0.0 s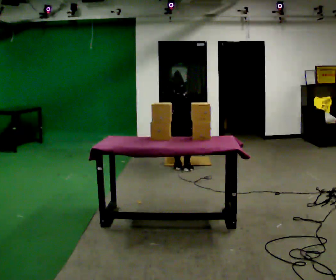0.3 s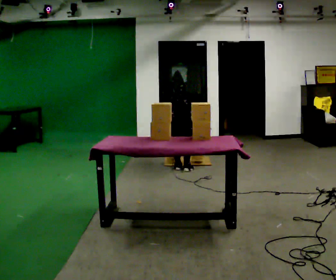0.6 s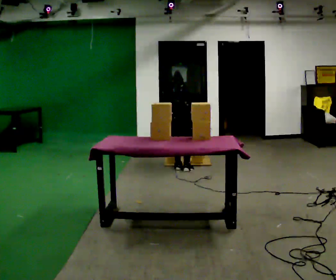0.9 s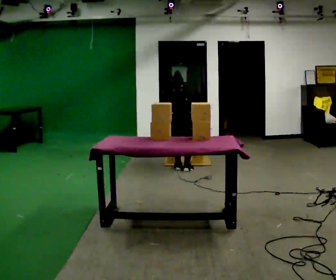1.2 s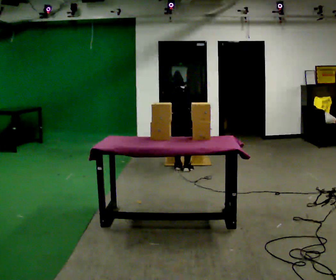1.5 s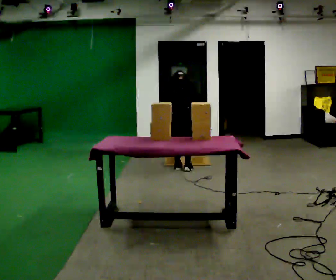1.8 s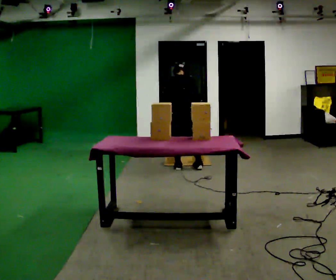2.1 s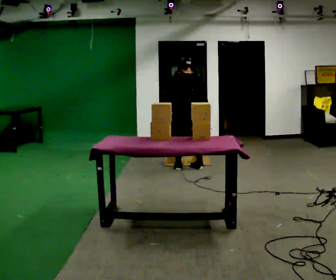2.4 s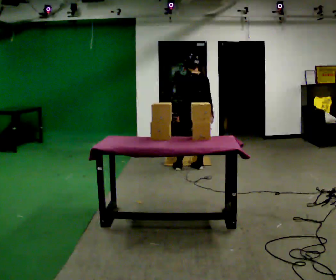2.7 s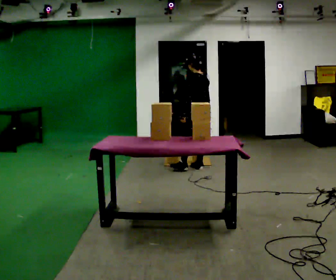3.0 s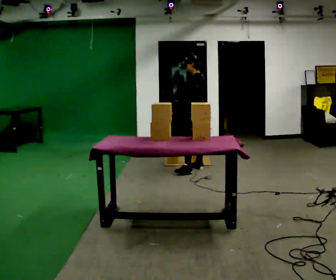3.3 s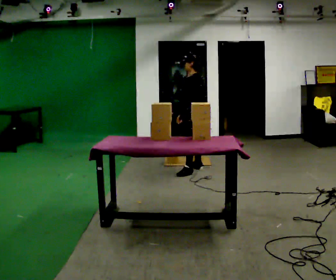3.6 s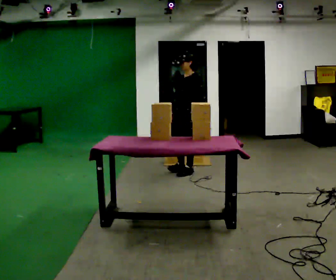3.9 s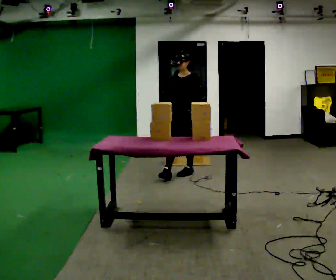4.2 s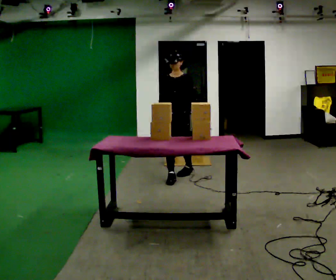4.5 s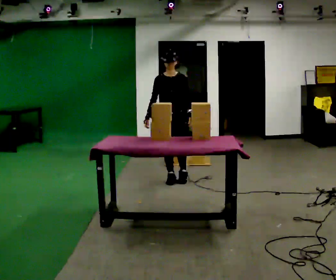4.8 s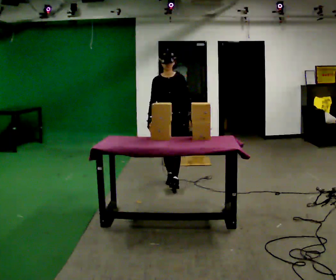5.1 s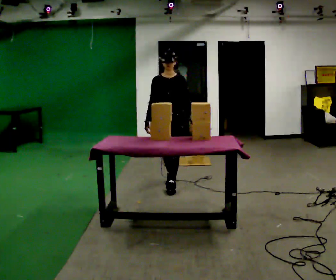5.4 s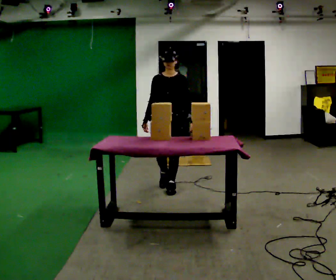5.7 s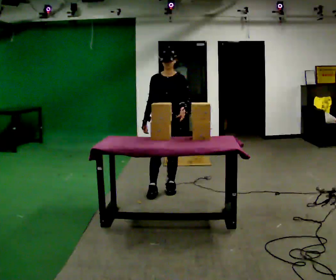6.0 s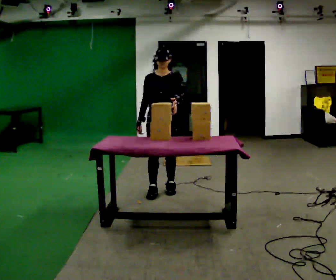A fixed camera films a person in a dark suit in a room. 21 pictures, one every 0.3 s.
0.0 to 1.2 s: The person moves a little, or ends about where they began.
1.2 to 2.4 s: The part of the body nearest the lens slides to the right as the person turns to their left by about 30 degrees. In the picture they go to the right, about 0.25 m in 1 step, which for them is to their right and forward. The shoulders move upward. The upper body tips toward the camera, its near side rolling downward, as they lean back or straighten.
2.4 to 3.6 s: The person turns about 105 degrees to their left, counterclockwise seen from above, so the part of the body nearest the lens slides to the right. In the picture they go toward the camera, about 0.25 m in 1 step.
3.6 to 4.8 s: Seen from above the body turns counterclockwise, about 45 degrees: to their left, with its near side sliding to the right. In the picture they go toward the camera, about 0.5 m in 1 step, which for them is forward.
4.8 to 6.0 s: In the picture they go toward the camera, about 0.5 m in 2 steps, which for them is forward.
The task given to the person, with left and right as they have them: 1. Bring the boxes over from the shelf one at a time. 2. Stack them on the pallet with the heaviest at the bottom. 3. Do not stack more than three high. 4. Tell the operator when you are finished.
The film runs forward here.
